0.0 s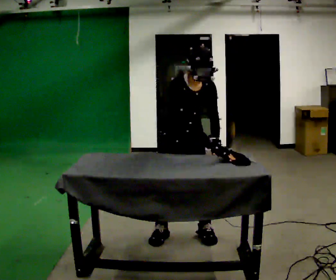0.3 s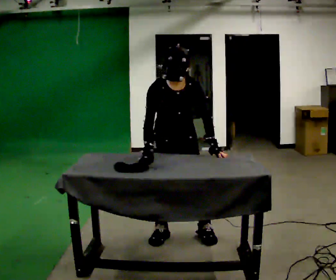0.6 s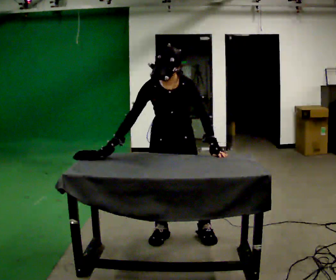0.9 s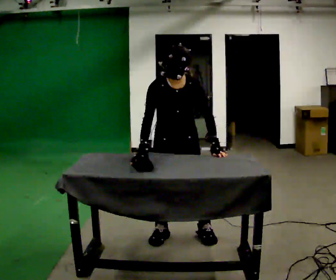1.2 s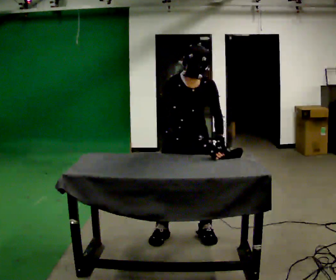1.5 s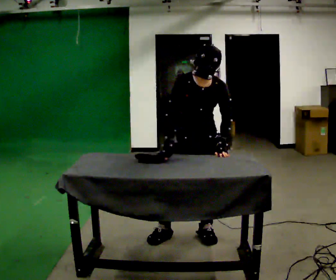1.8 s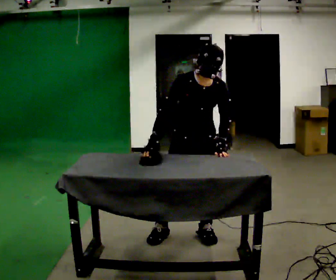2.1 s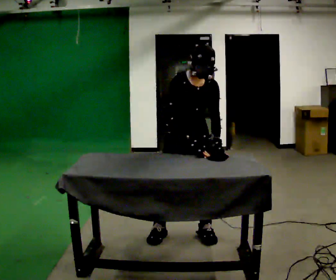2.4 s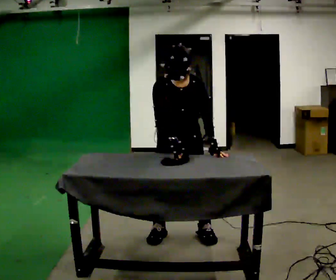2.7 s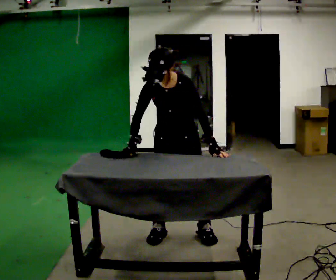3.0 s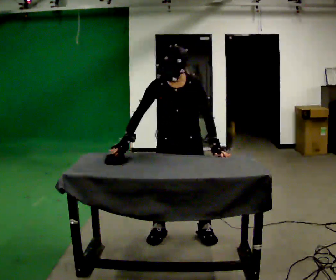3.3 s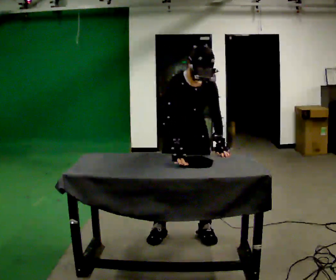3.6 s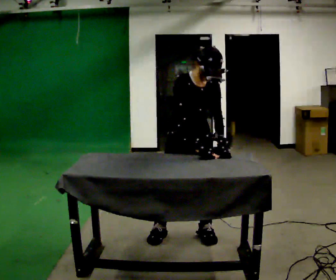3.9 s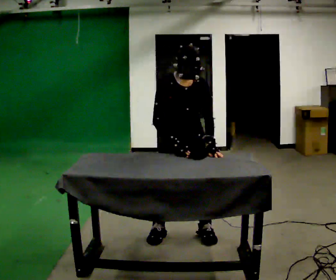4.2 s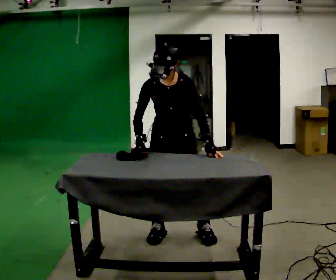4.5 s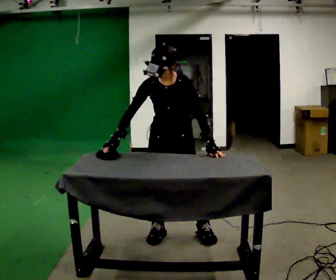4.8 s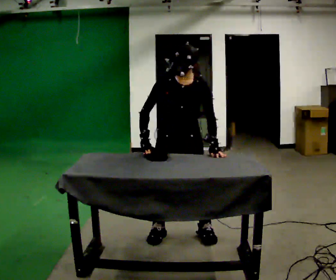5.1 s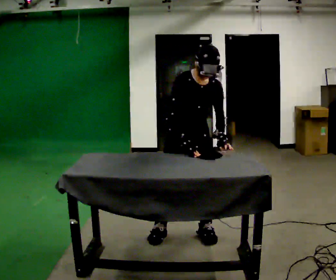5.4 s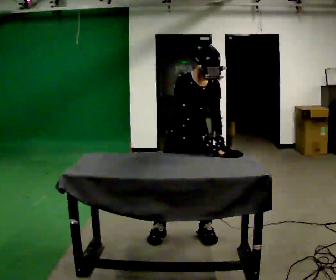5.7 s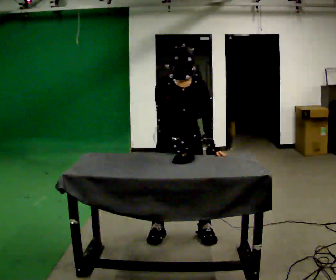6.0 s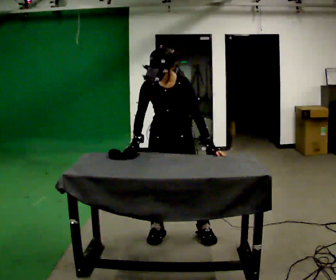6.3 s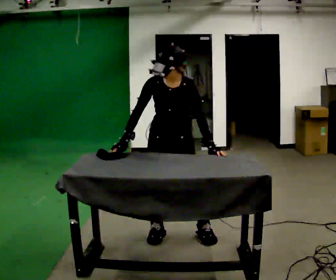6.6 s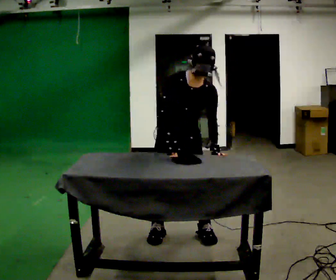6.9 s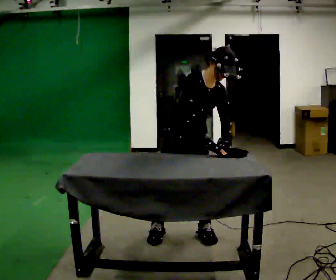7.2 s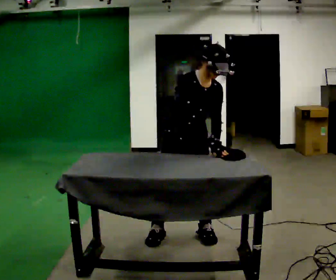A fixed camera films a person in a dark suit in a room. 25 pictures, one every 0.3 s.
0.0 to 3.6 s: The person moves a little, or ends about where they began.
3.6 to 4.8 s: The person turns about 30 degrees to their right, clockwise seen from above, so the part of the body nearest the lens slides to the left. In the picture their right hand goes to the left.
4.8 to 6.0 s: The person moves a little, or ends about where they began.
6.0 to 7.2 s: Seen from above the body turns counterclockwise, about 30 degrees: to their left, with its near side sliding to the right. In the picture the upper body tilts clockwise, shoulders to the right. In the picture their right hand goes to the right.
The film runs backward here.
